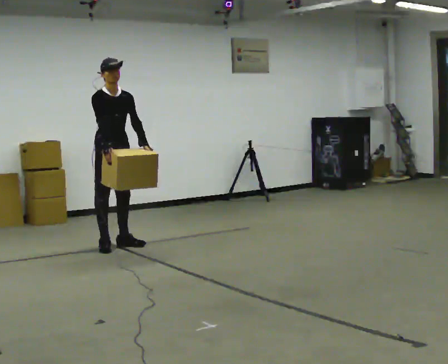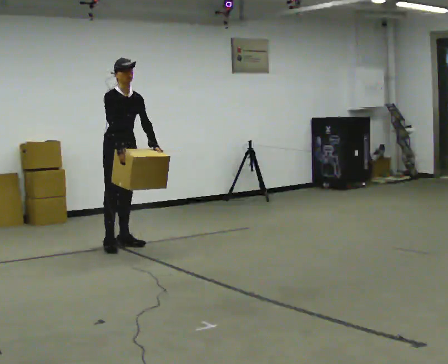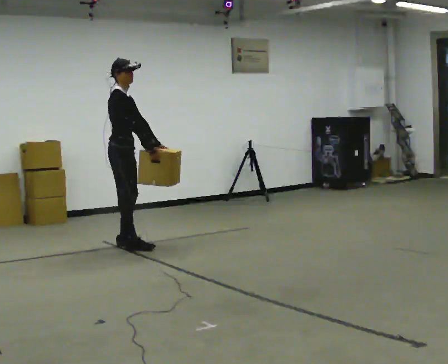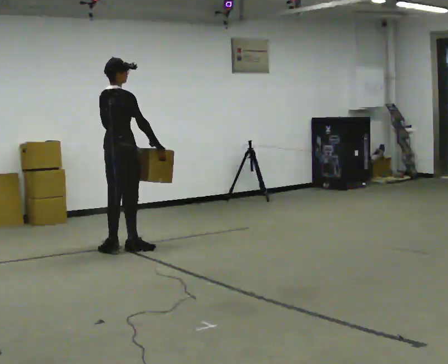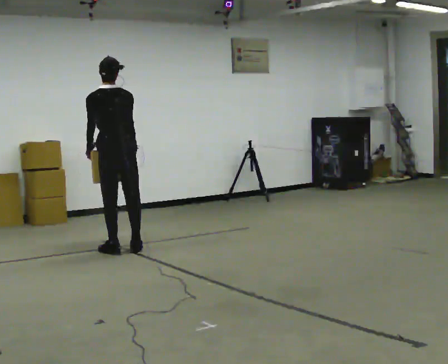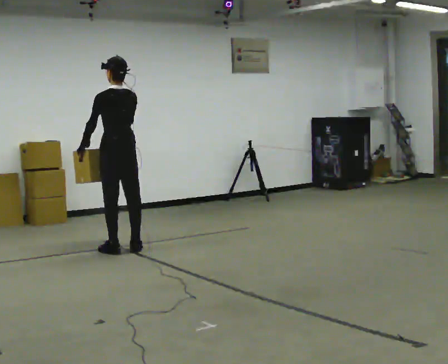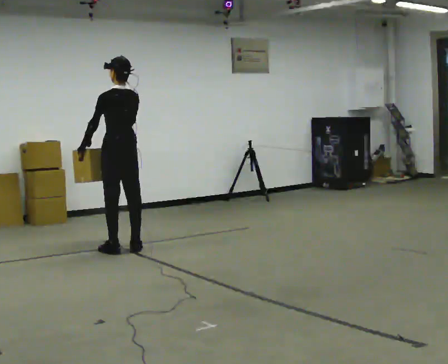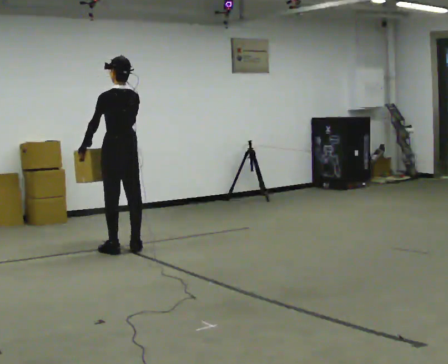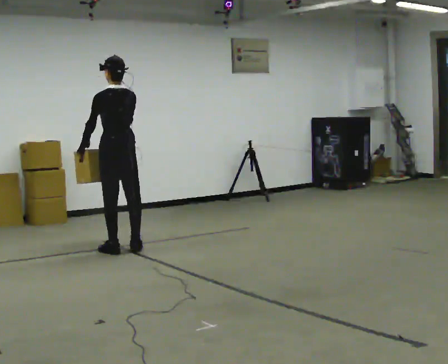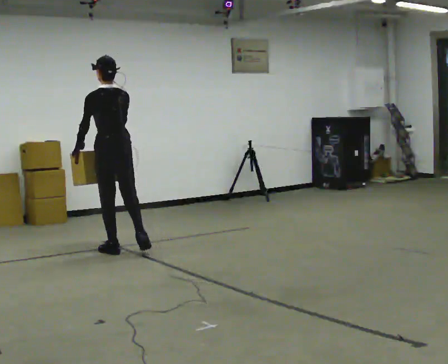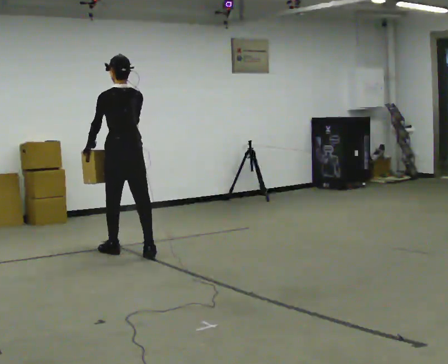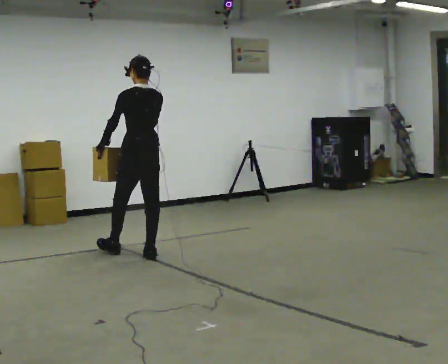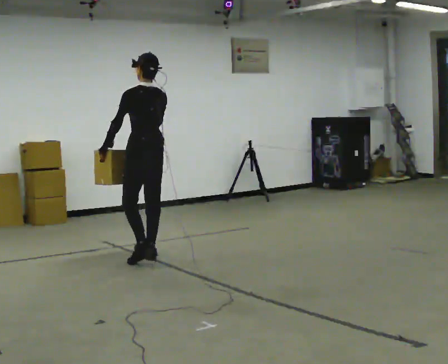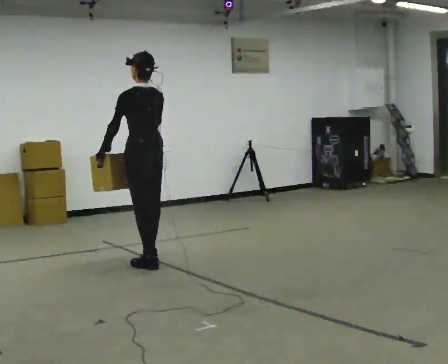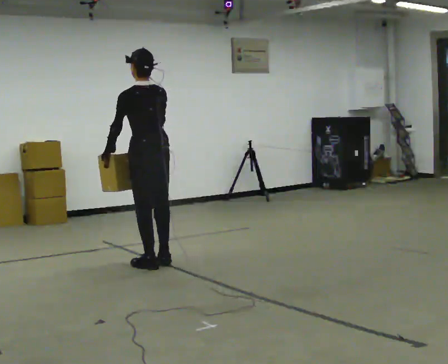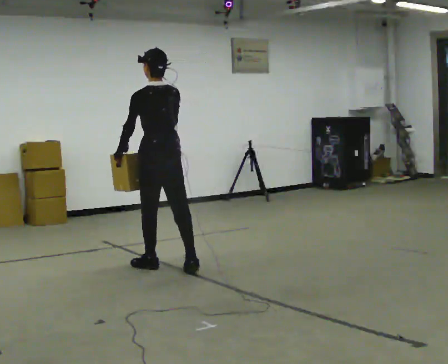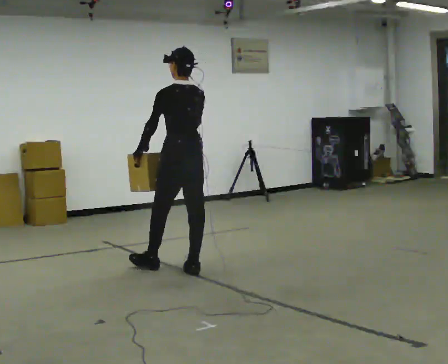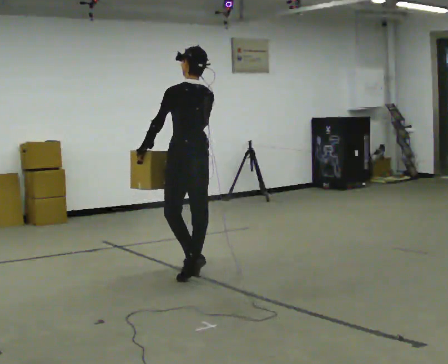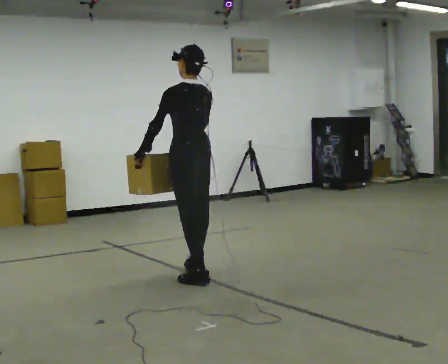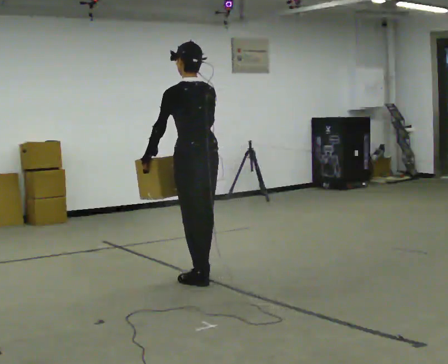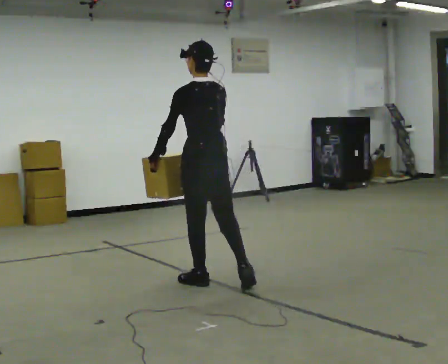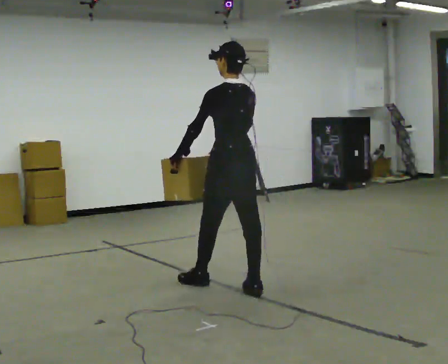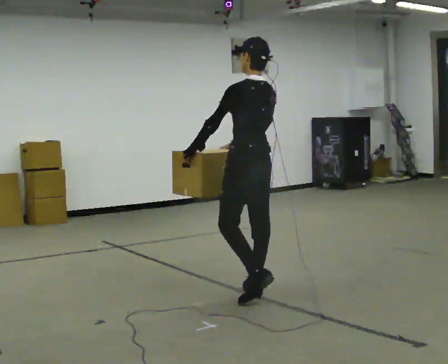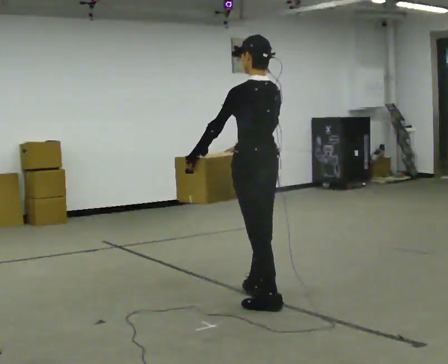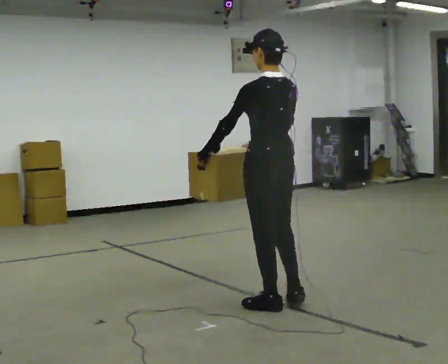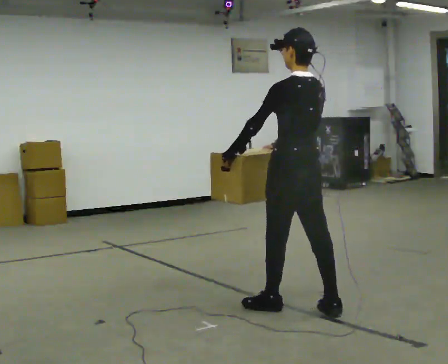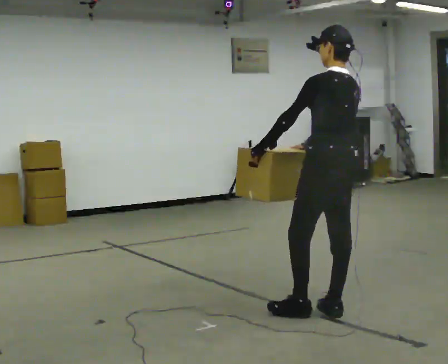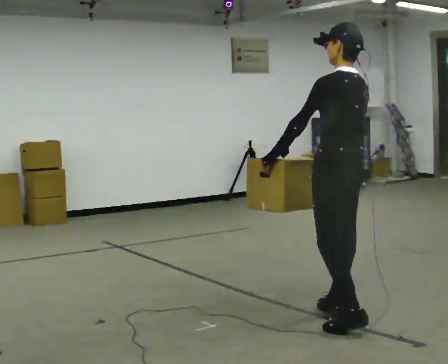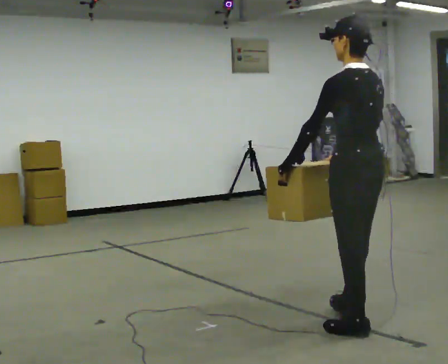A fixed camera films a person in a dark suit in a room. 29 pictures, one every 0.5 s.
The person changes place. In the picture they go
toward the camera.
0.0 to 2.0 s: Seen from above the body turns counterclockwise, about 150 degrees: to their left, with its near side sliding to the right. In the picture they go toward the camera, about 0.25 m in 2 steps.
2.0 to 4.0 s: Seen from above the body turns counterclockwise, about 30 degrees: to their left, with its near side sliding to the right.
4.0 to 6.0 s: In the picture they go toward the camera and to the right, about 0.5 m in 2 steps, which for them is backward.
6.0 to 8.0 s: In the picture they go toward the camera and to the right, about 0.5 m in 2 steps, which for them is backward.
8.0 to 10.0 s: In the picture they go toward the camera, about 0.5 m in 1 step, which for them is backward.
10.0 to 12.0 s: In the picture they go toward the camera and to the right, about 0.5 m in 2 steps, which for them is backward.
12.0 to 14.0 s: In the picture they go toward the camera and to the right, about 0.5 m in 2 steps, which for them is backward.
The film runs backward here.
